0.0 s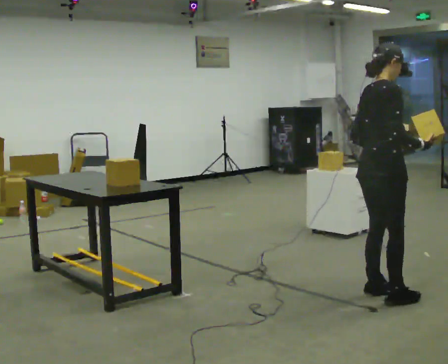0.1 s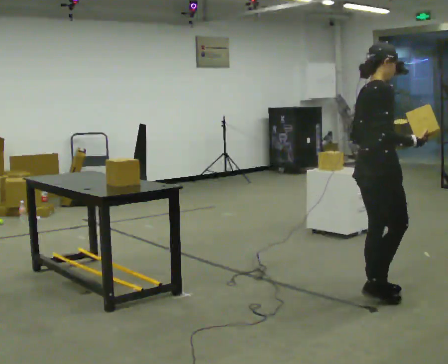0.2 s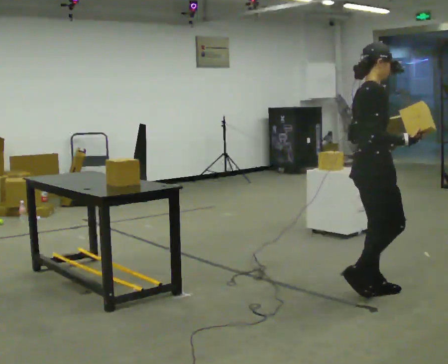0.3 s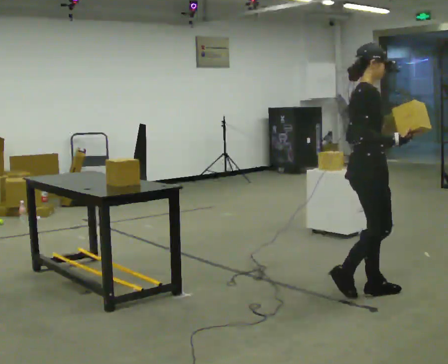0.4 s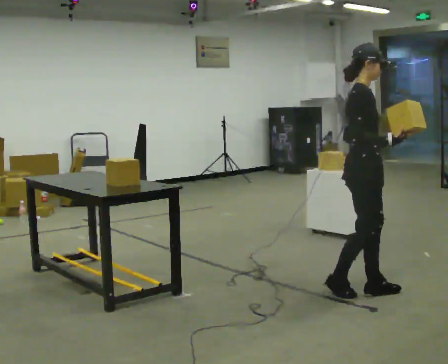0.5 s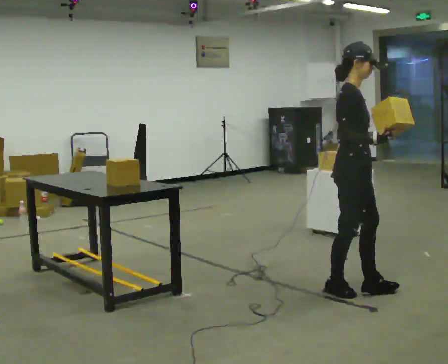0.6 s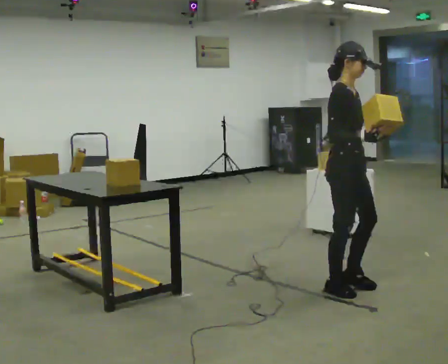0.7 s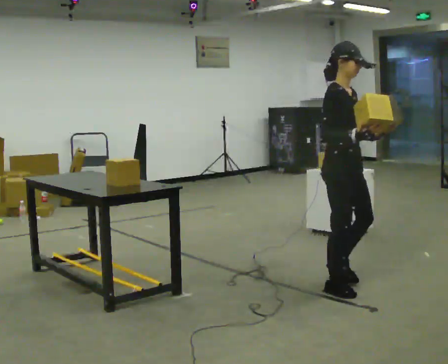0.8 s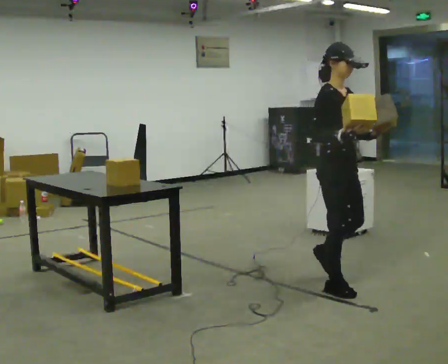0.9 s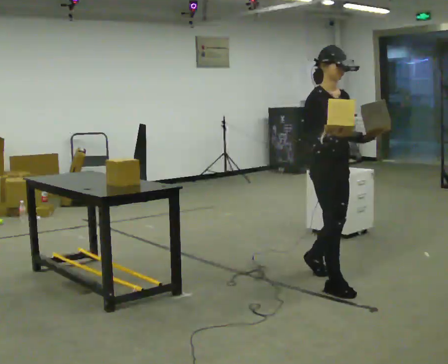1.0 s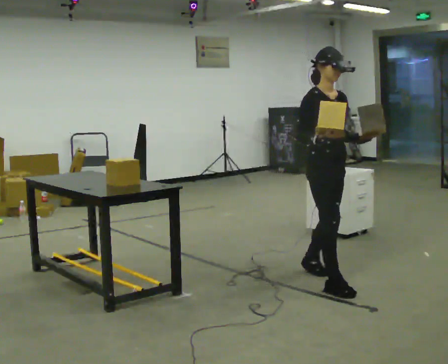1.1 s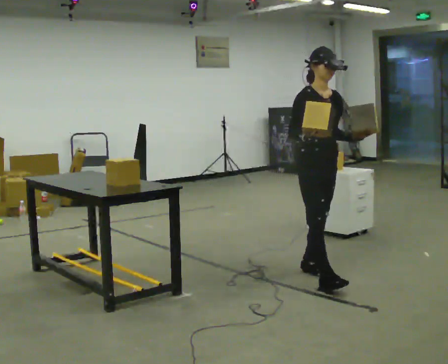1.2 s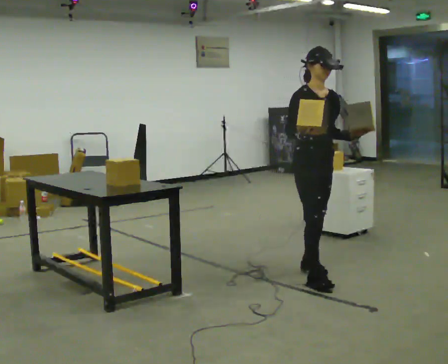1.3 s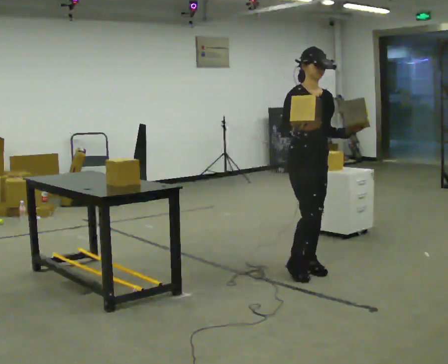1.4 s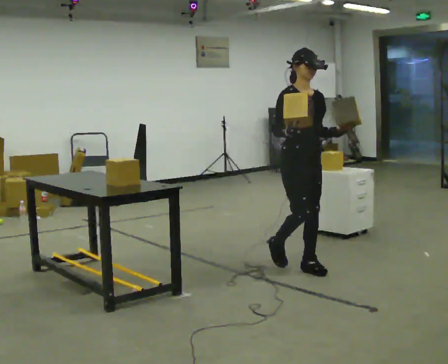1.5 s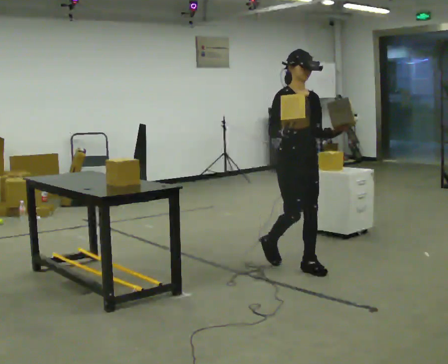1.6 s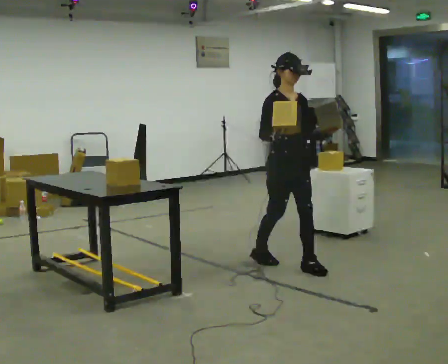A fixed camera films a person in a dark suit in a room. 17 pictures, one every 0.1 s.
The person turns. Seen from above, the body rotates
clockwise.
The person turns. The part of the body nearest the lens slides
to the left.
0.0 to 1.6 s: The part of the body nearest the lens slides to the left as the person turns to their right by about 75 degrees. In the picture they go away from the camera and to the left, about 1 m in 2 steps.
The film runs backward here.
